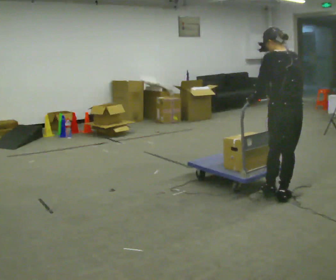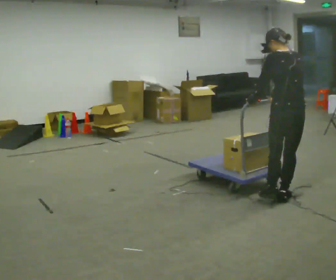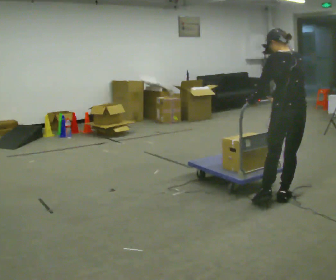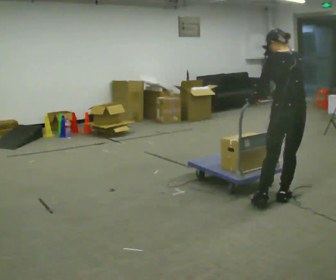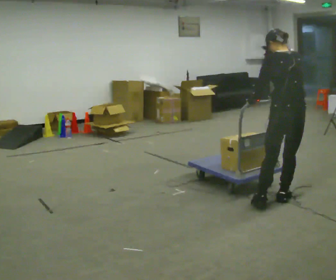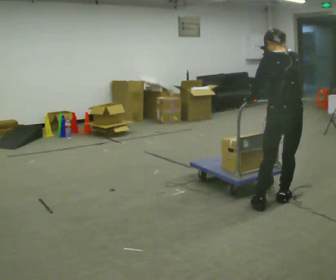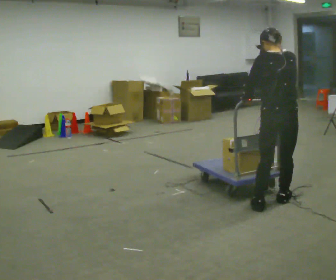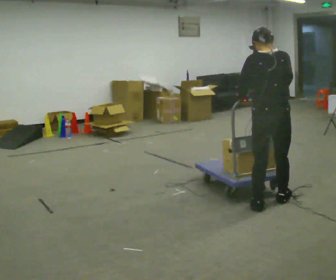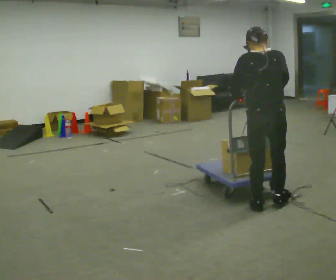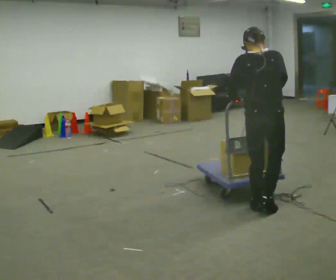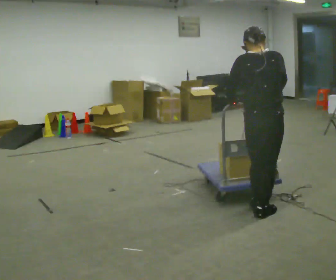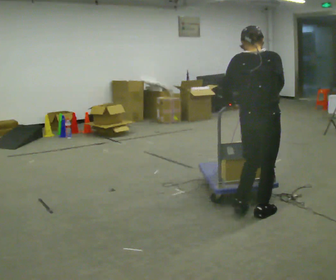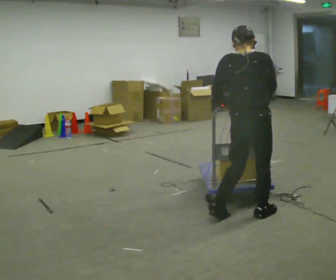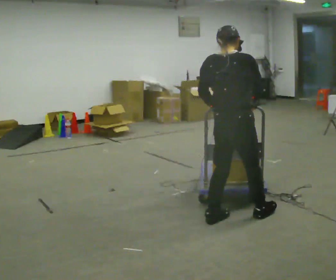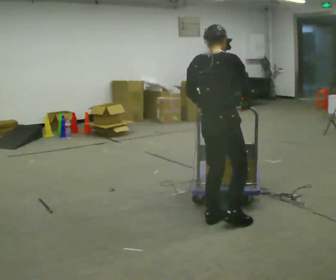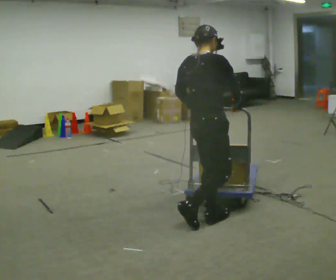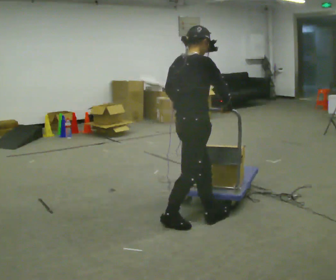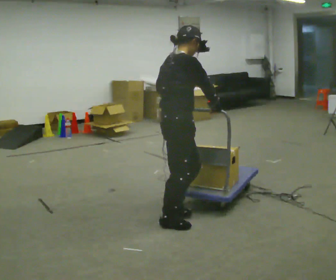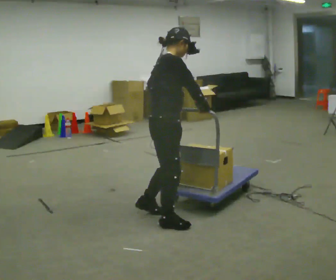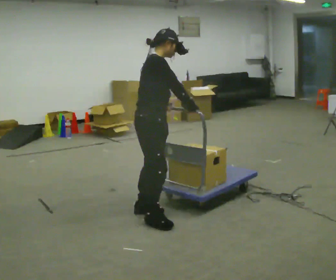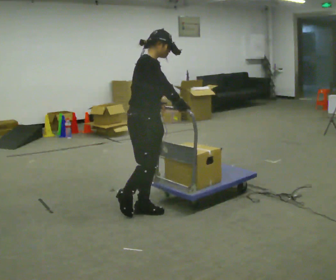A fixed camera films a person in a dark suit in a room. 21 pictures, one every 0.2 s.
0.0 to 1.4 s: In the picture they go toward the camera, about 0.25 m, which for them is to their left and backward.
1.4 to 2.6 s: The person turns about 30 degrees to their right, clockwise seen from above, so the part of the body nearest the lens slides to the left. In the picture they go to the left and toward the camera, about 0.5 m in 2 steps, which for them is to their left and backward.
2.6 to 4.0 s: Seen from above the body turns clockwise, about 75 degrees: to their right, with its near side sliding to the left. In the picture they go to the left, about 0.5 m in 3 steps.
The film runs backward here.
